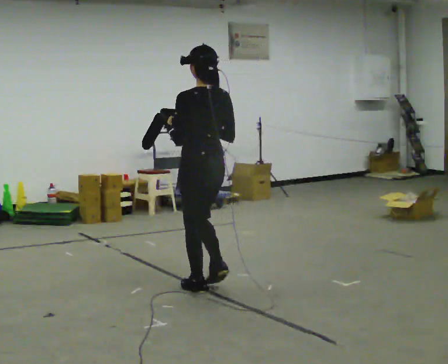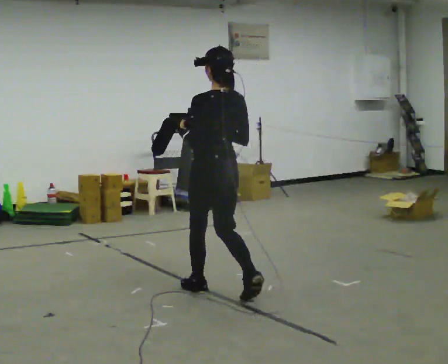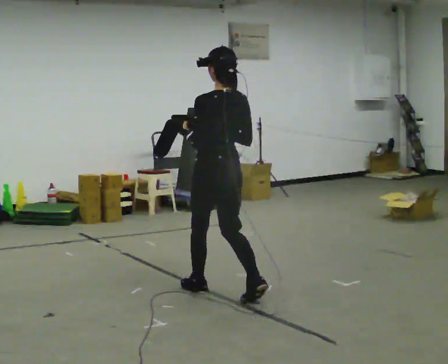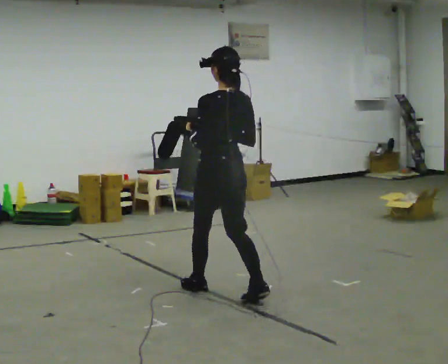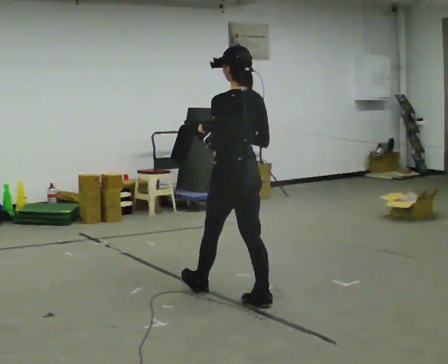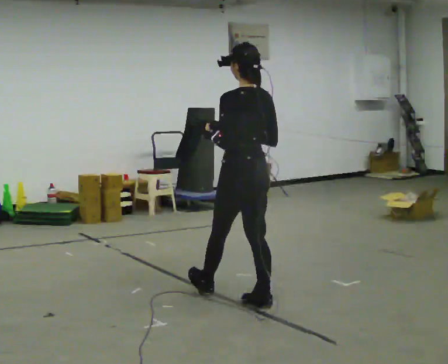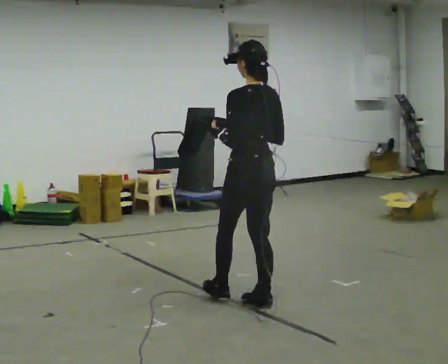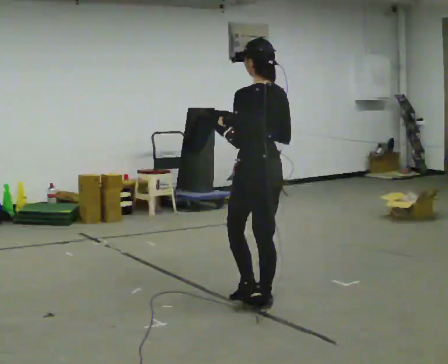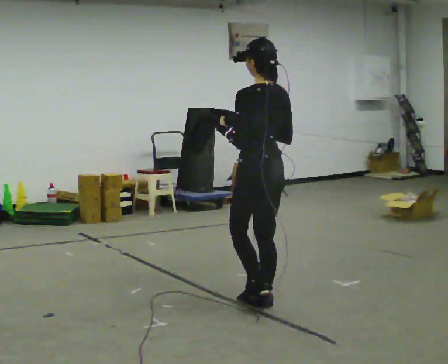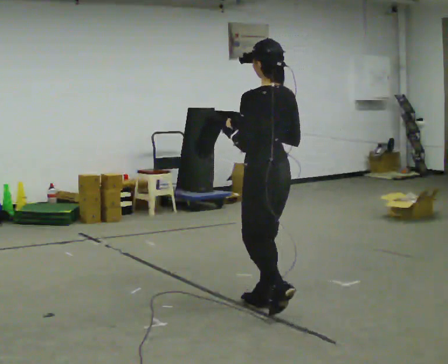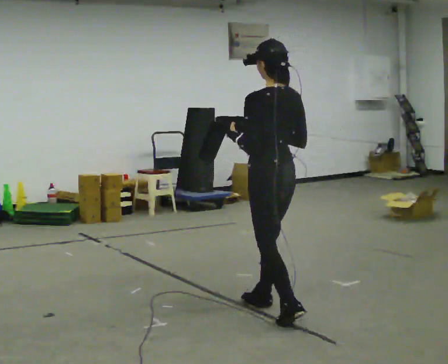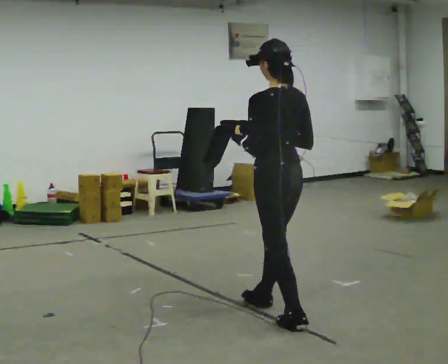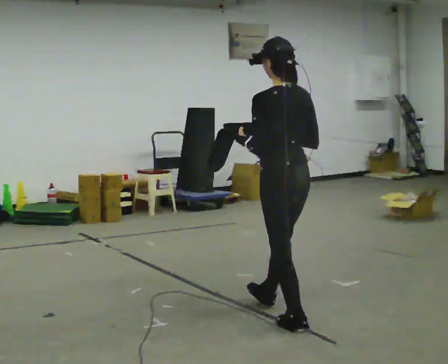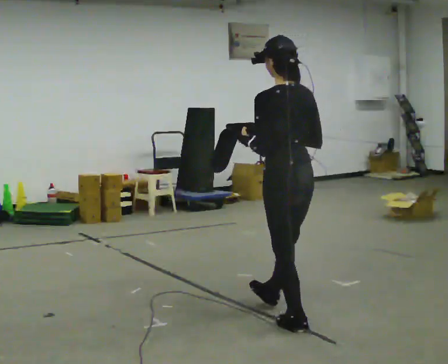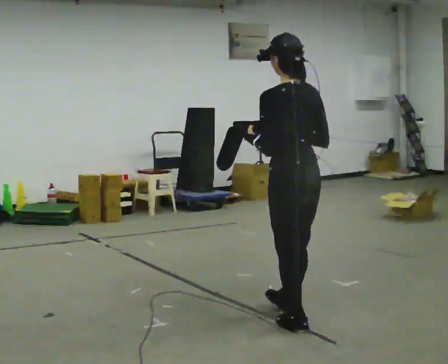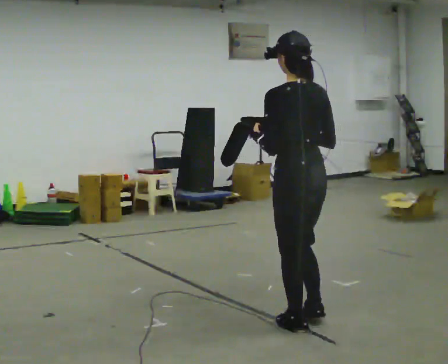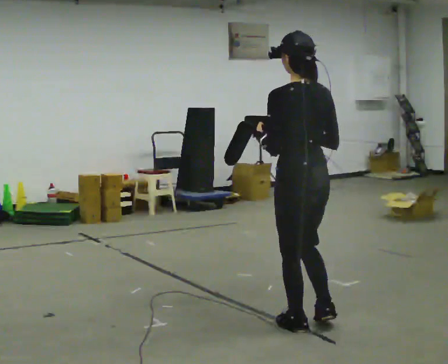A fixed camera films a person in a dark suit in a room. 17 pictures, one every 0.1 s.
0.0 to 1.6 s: In the picture they go toward the camera and to the right, about 1 m in 2 steps, which for them is backward.
The film runs backward here.
